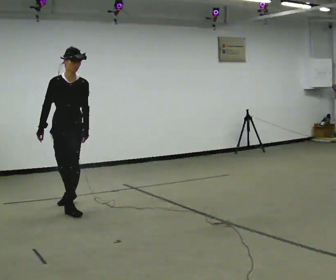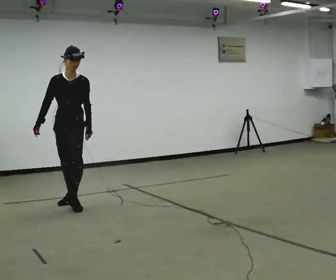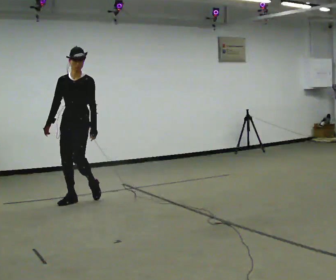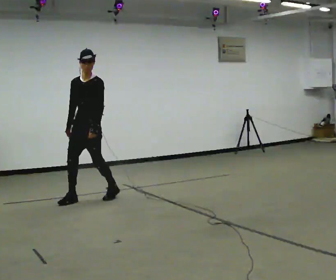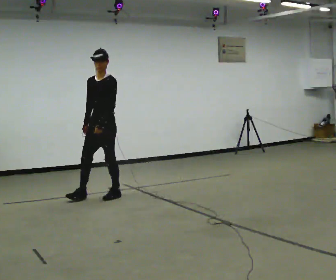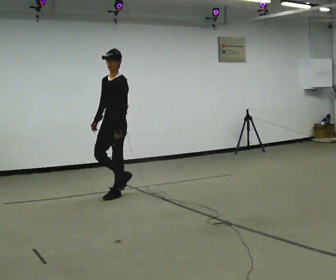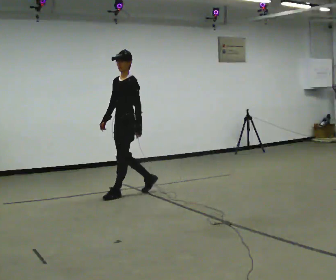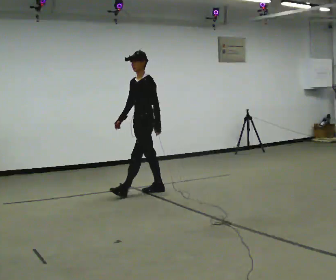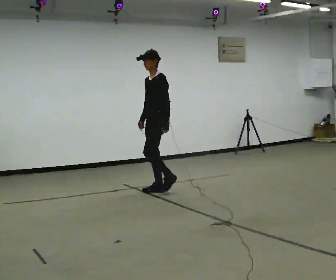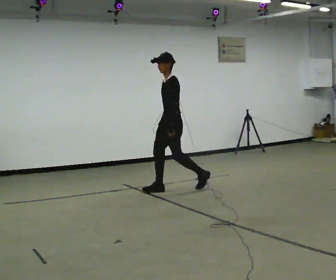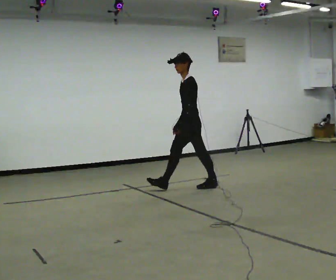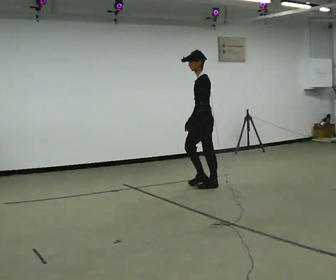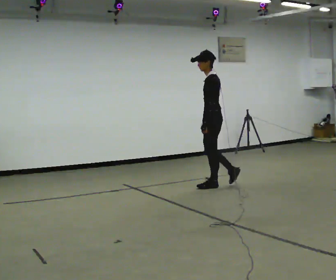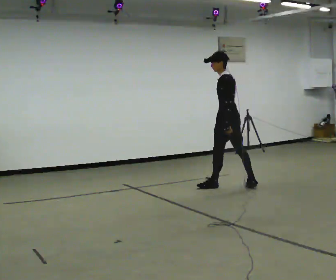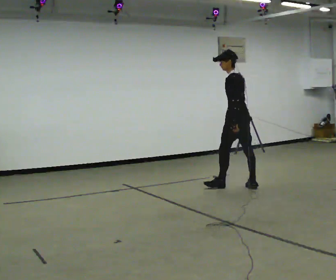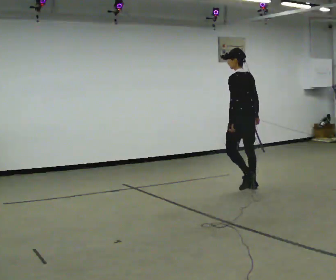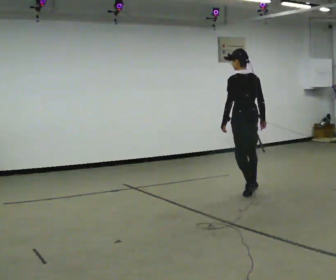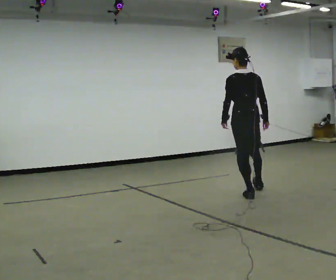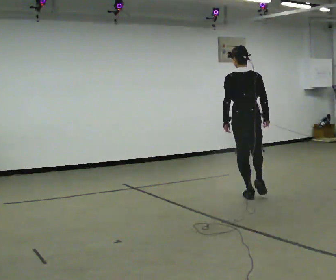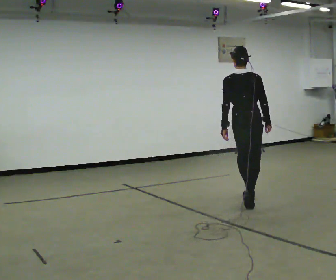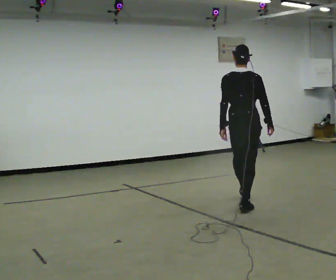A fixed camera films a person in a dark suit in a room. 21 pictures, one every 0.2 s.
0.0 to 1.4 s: The person turns about 75 degrees to their right, clockwise seen from above, so the part of the body nearest the lens slides to the left. In the picture they go away from the camera and to the right, about 1 m in 3 steps.
1.4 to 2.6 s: The part of the body nearest the lens slides to the left as the person turns to their right by about 60 degrees. In the picture they go to the right, about 1 m in 1 step.
2.6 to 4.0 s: The part of the body nearest the lens slides to the left as the person turns to their right by about 75 degrees. In the picture they go toward the camera, about 1 m in 3 steps.
The film runs backward here.
